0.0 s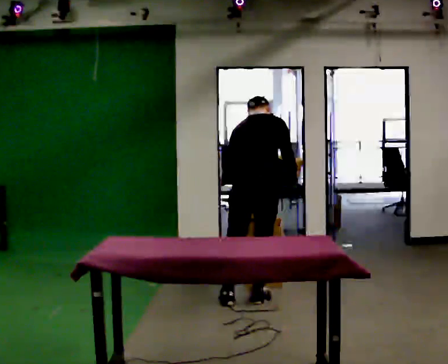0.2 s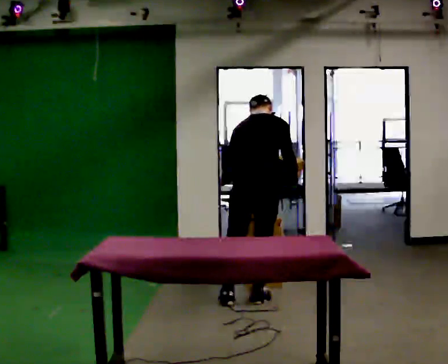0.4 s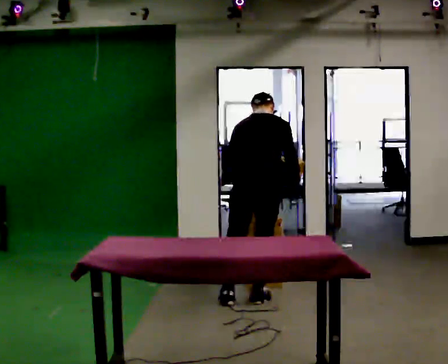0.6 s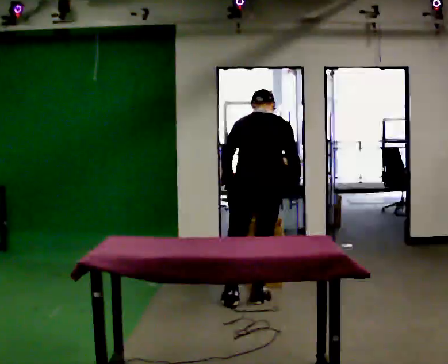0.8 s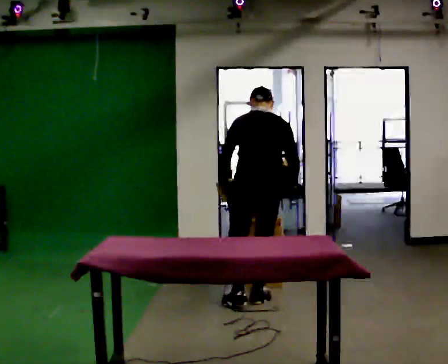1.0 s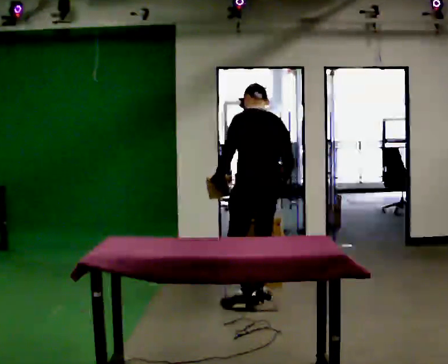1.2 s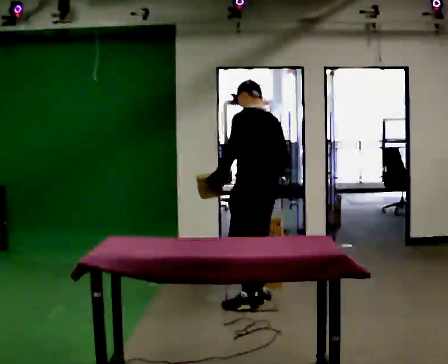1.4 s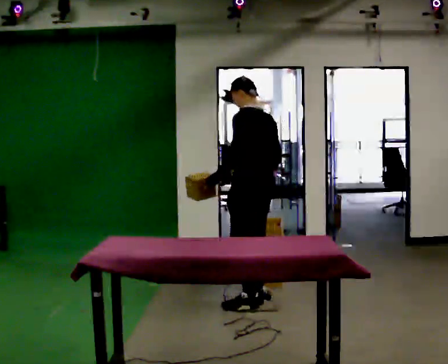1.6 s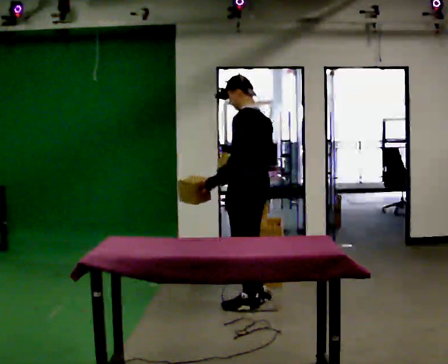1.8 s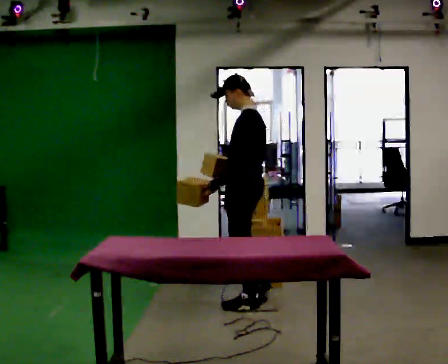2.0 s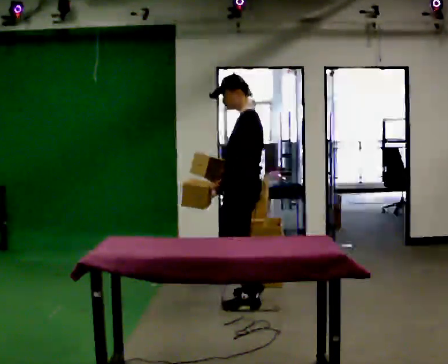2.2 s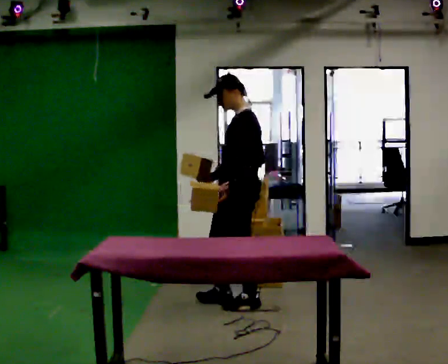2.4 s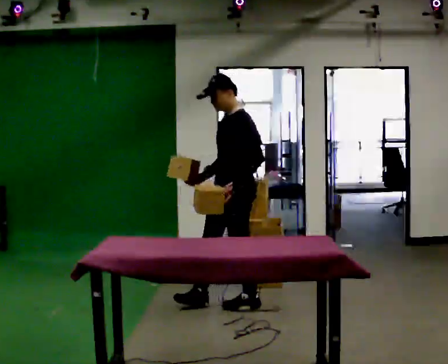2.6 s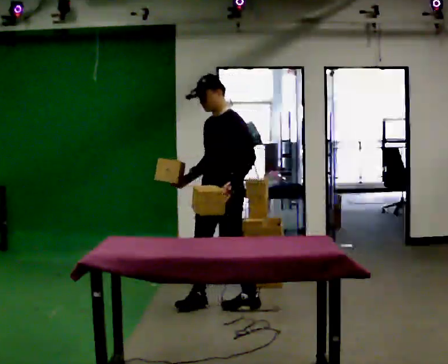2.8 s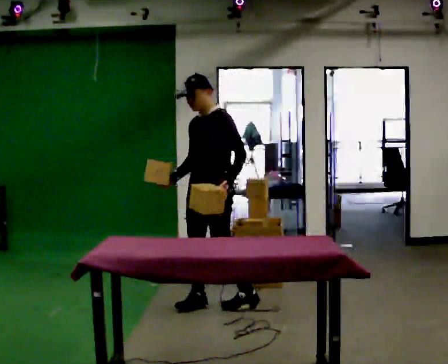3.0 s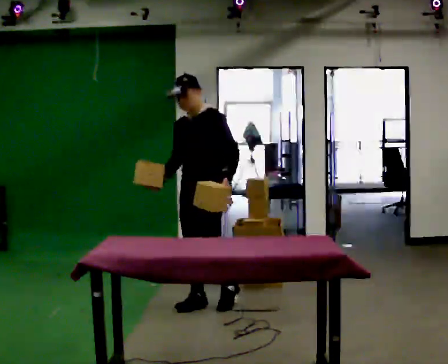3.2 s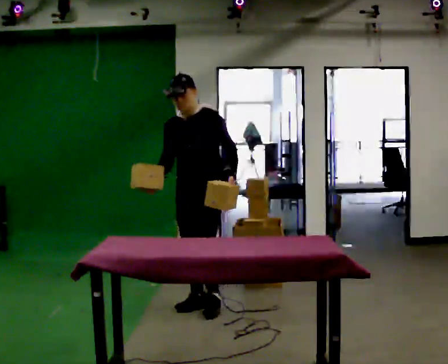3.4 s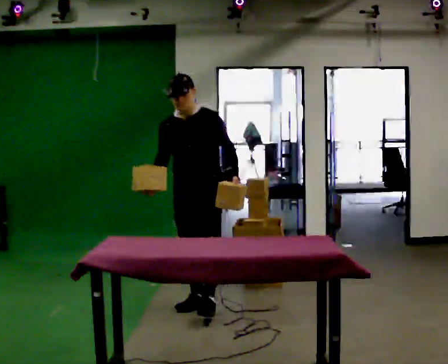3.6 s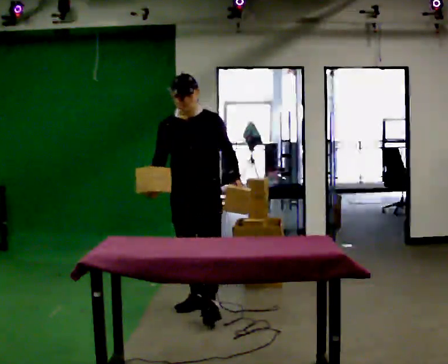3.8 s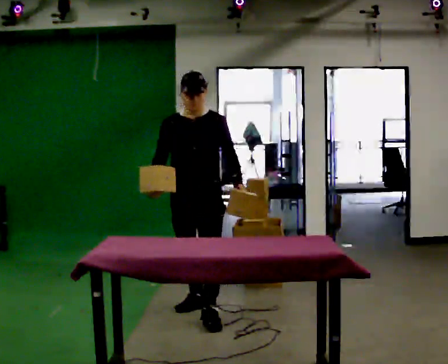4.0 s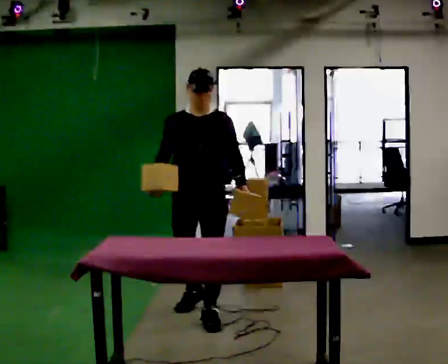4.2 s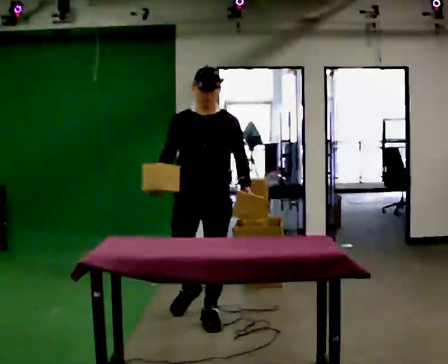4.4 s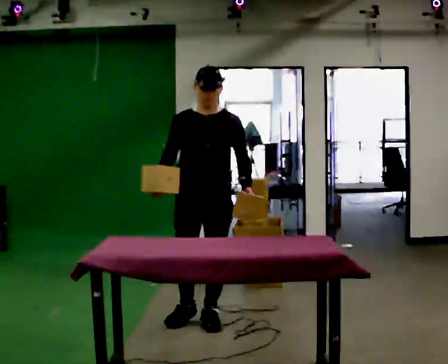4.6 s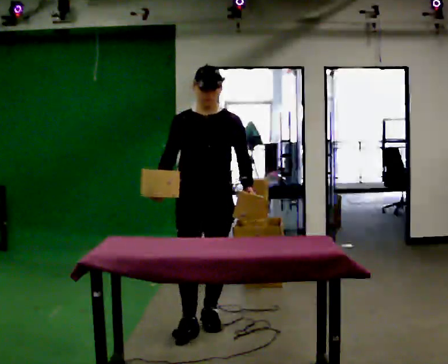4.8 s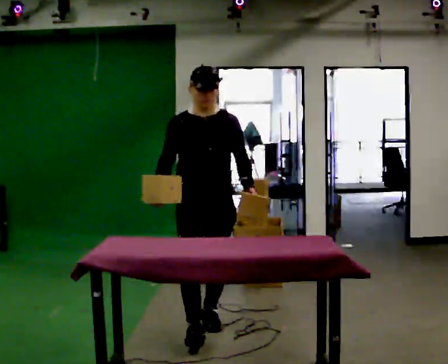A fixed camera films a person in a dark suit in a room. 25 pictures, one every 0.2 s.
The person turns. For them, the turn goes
to their left.
Their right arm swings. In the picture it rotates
clockwise.
0.0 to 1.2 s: The person turns about 60 degrees to their left, counterclockwise seen from above, so the part of the body nearest the lens slides to the right.
1.2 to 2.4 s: The person turns about 75 degrees to their left, counterclockwise seen from above, so the part of the body nearest the lens slides to the right. In the picture they go to the left, about 0.25 m in 1 step.
2.4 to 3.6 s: The person turns about 60 degrees to their left, counterclockwise seen from above, so the part of the body nearest the lens slides to the right. In the picture they go to the left, about 0.25 m in 1 step, which for them is forward and to their right.
3.6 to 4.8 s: Seen from above the body turns counterclockwise, about 30 degrees: to their left, with its near side sliding to the right. In the picture they go toward the camera, about 0.5 m in 1 step, which for them is forward.
The film runs forward here.
